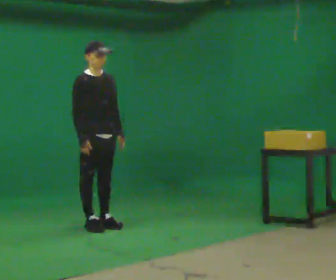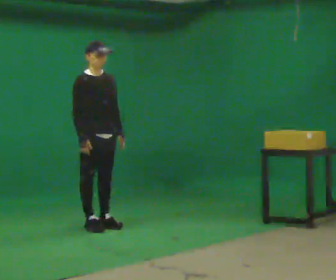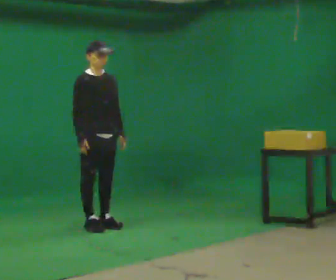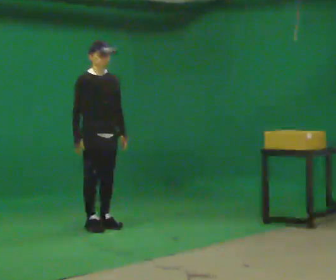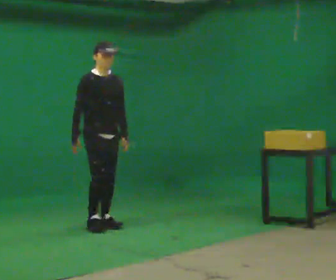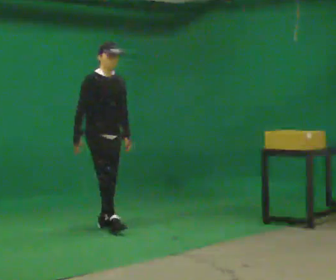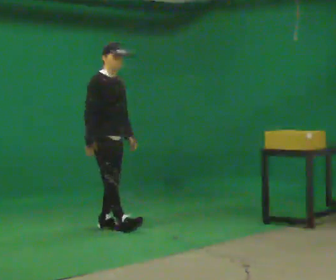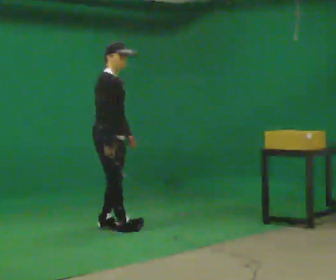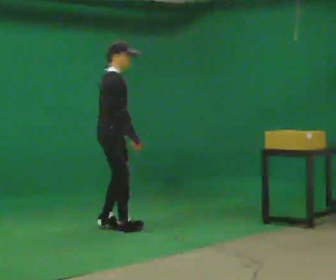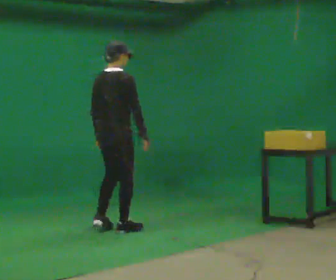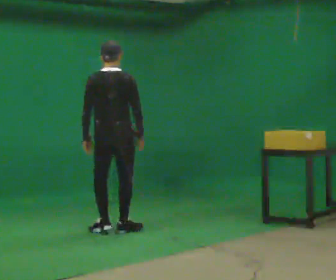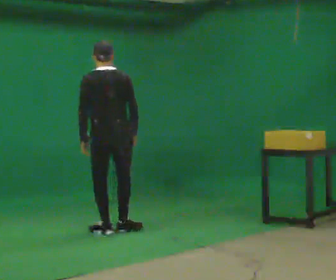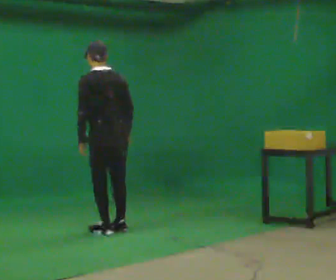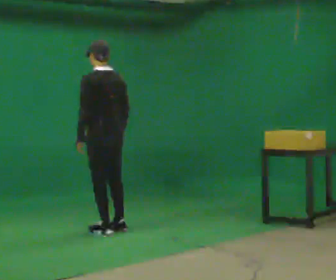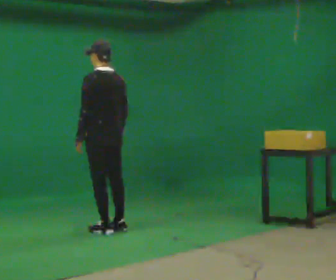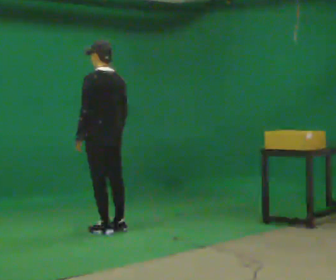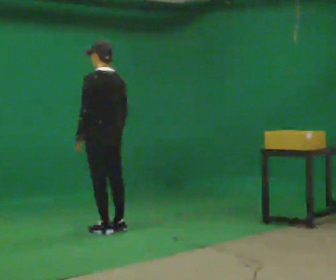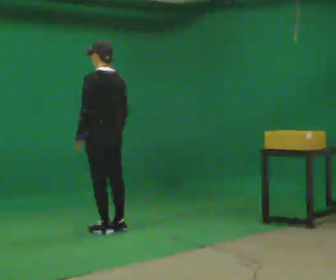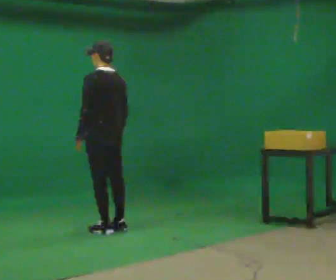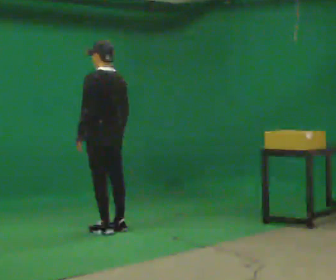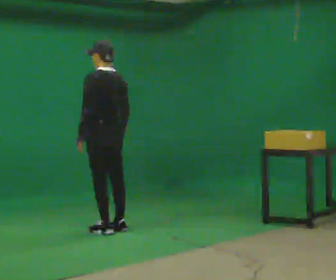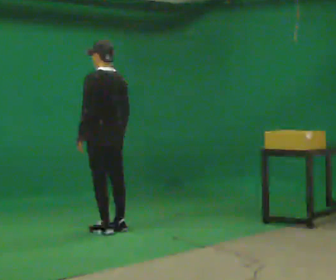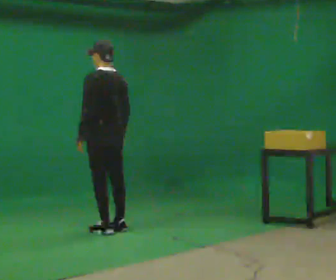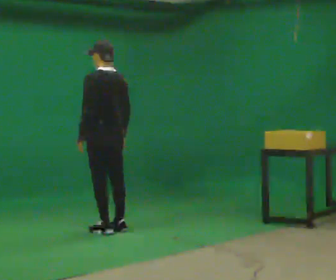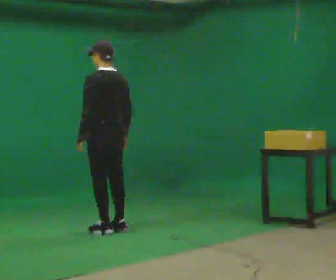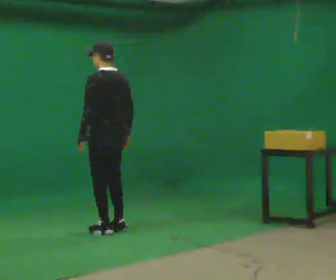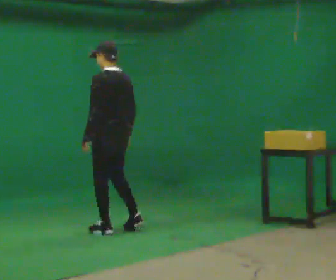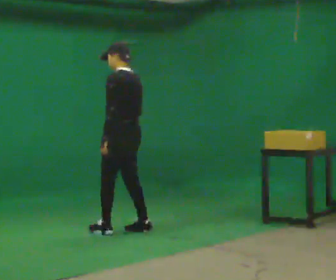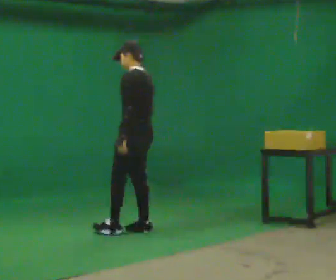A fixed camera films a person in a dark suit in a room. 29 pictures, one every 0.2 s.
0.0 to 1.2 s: The person moves a little, or ends about where they began.
1.2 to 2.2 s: Seen from above the body turns counterclockwise, about 135 degrees: to their left, with its near side sliding to the right. In the picture they go toward the camera, about 0.25 m in 1 step. In the picture their left hand goes to the left, the arm swinging clockwise.
2.2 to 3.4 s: Seen from above the body turns counterclockwise, about 45 degrees: to their left, with its near side sliding to the right.
3.4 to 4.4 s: The person keeps their place and pose.
4.4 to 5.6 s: In the picture they go to the right, about 0.25 m in 2 steps, which for them is backward and to their right.
The film runs backward here.
